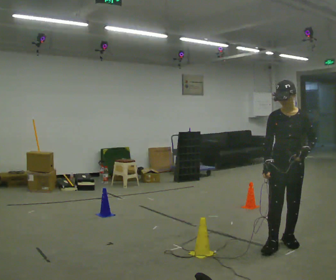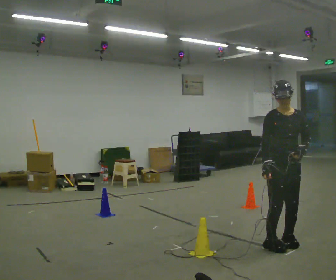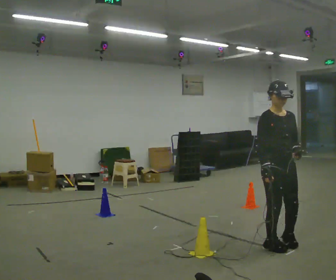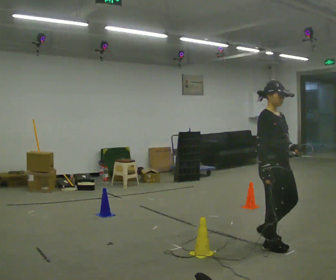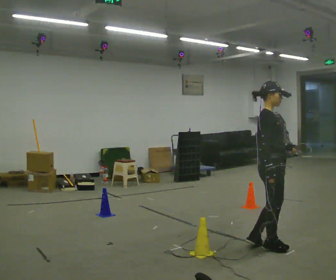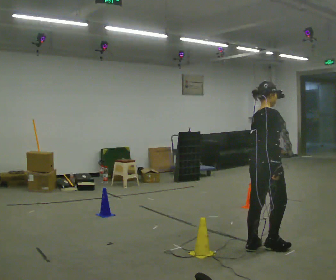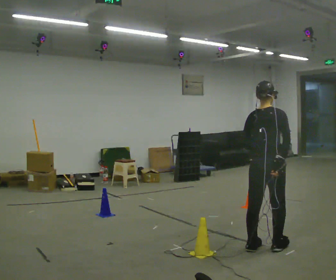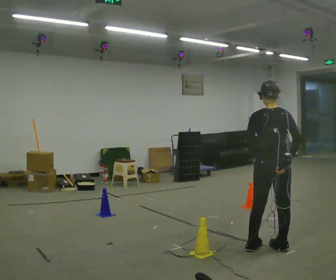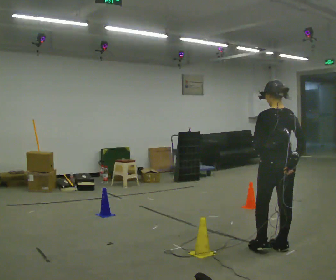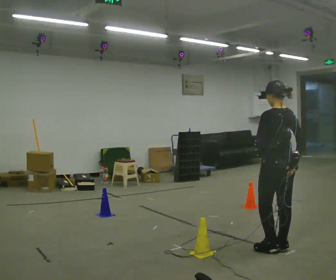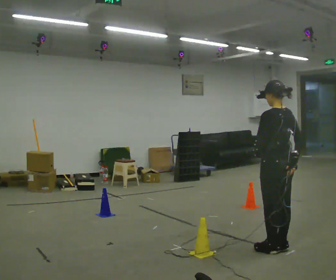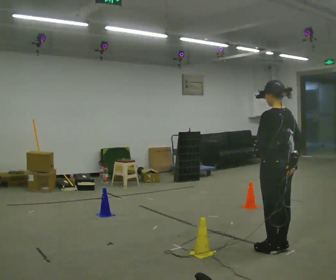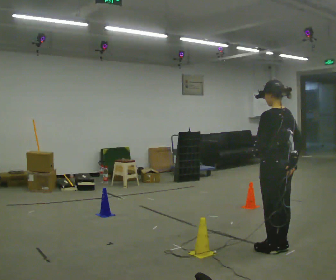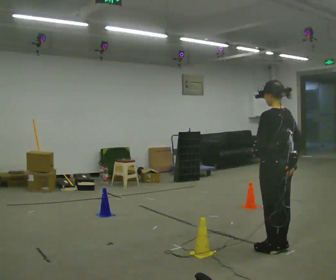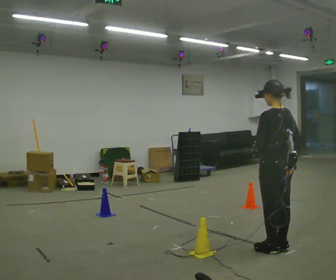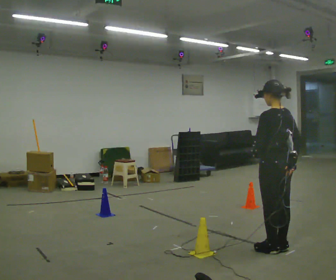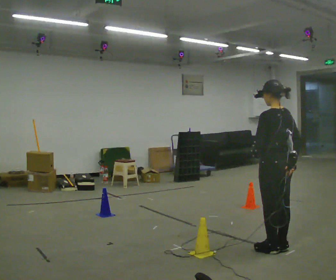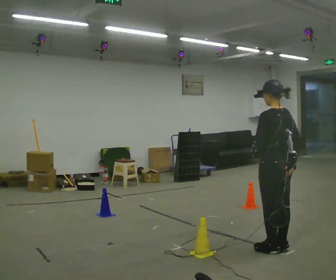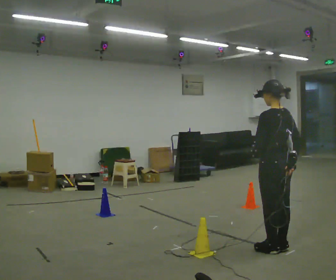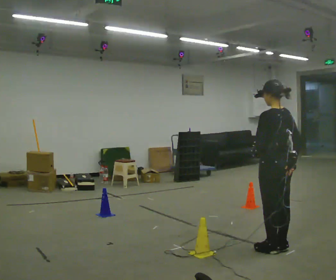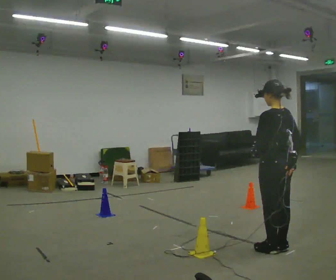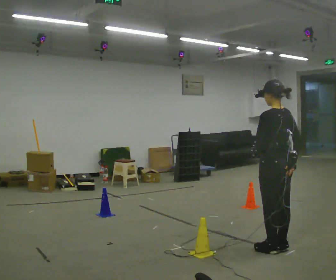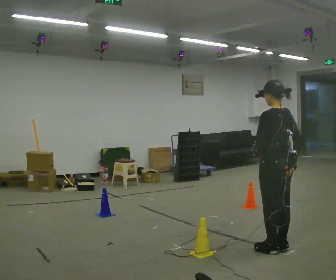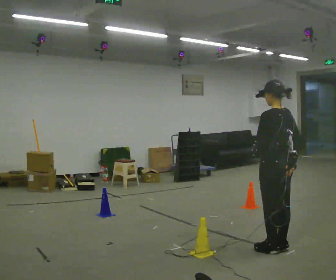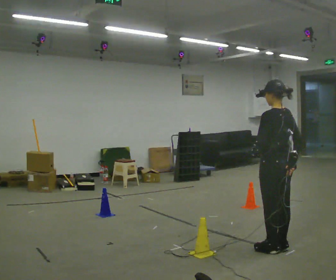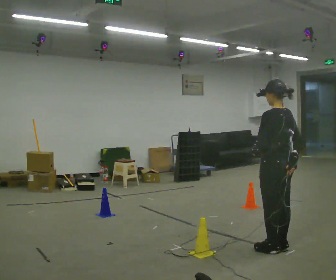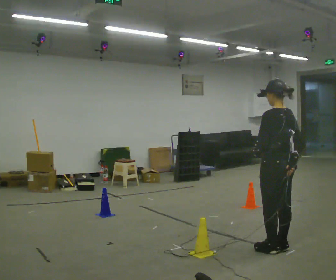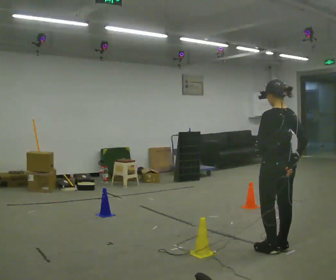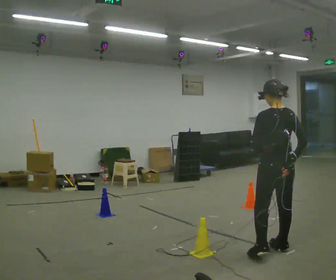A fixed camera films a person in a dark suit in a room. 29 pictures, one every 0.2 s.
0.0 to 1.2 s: The part of the body nearest the lens slides to the right as the person turns to their left by about 150 degrees. In the picture they go to the left, about 0.25 m in 2 steps. In the picture their left hand goes to the left.
1.2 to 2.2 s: The person turns about 75 degrees to their left, counterclockwise seen from above, so the part of the body nearest the lens slides to the right.
2.2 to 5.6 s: The person moves a little, or ends about where they began.
The film runs backward here.
